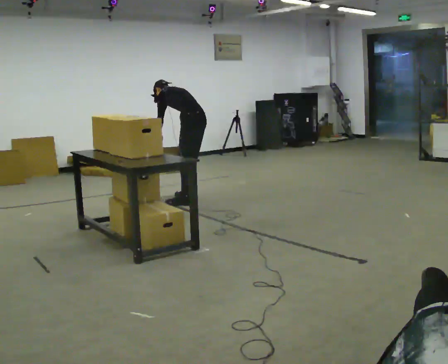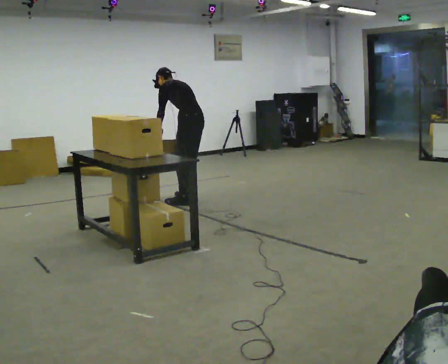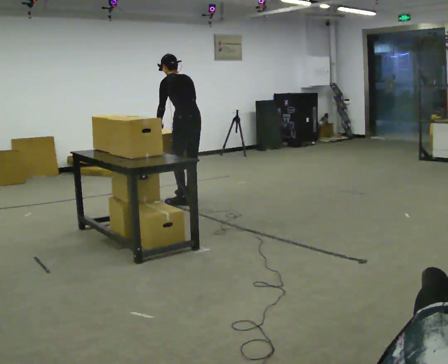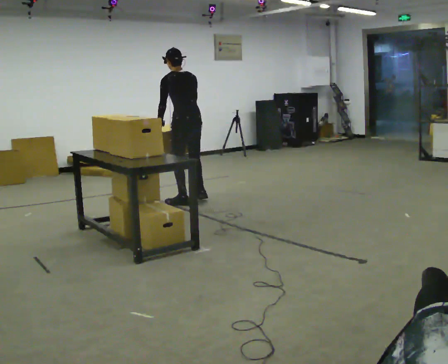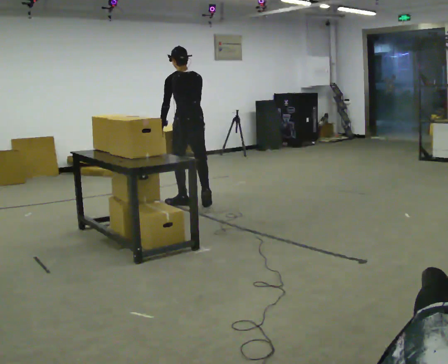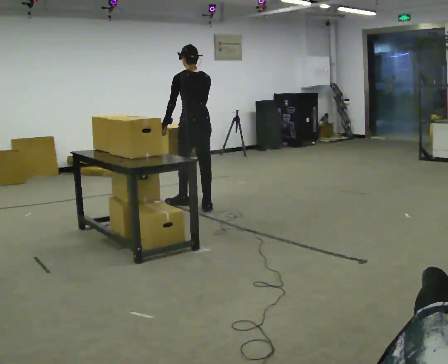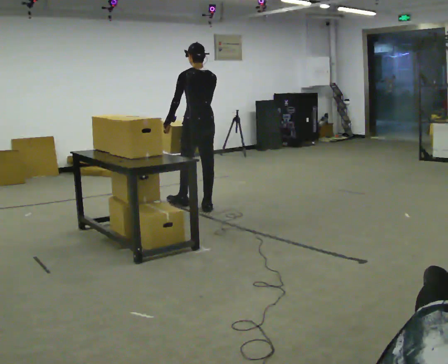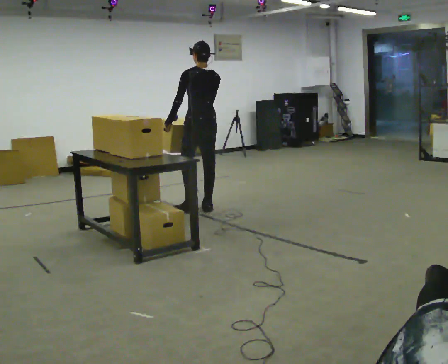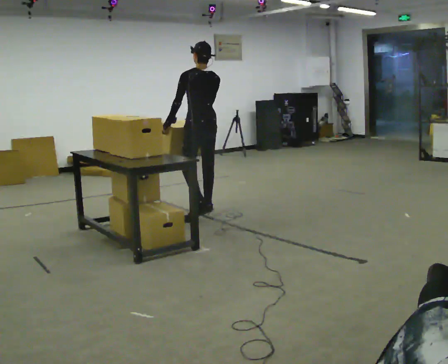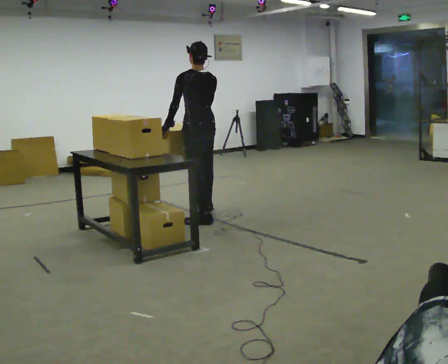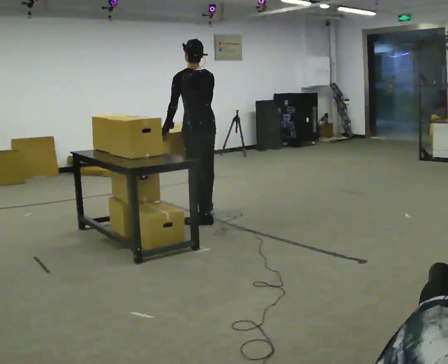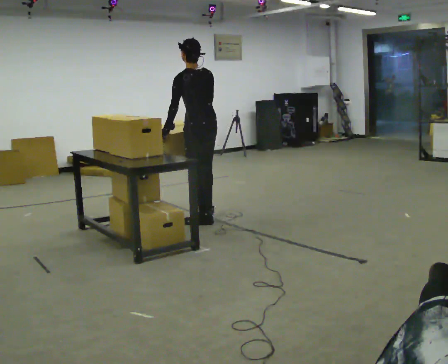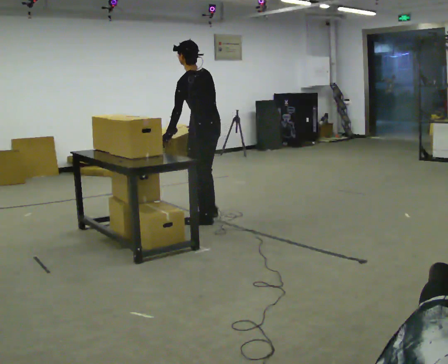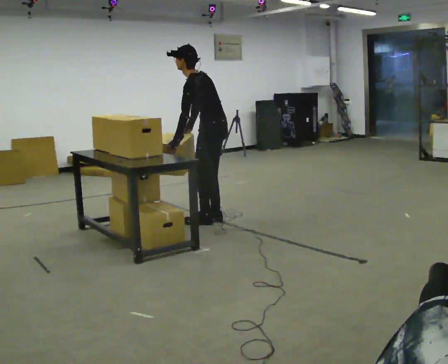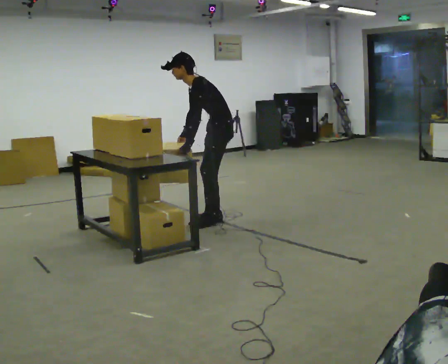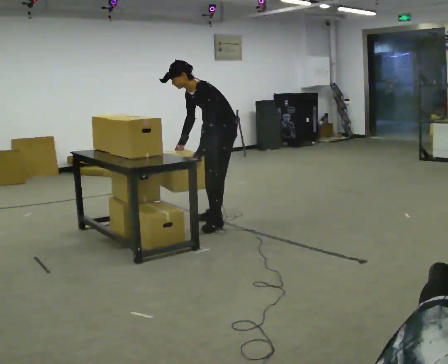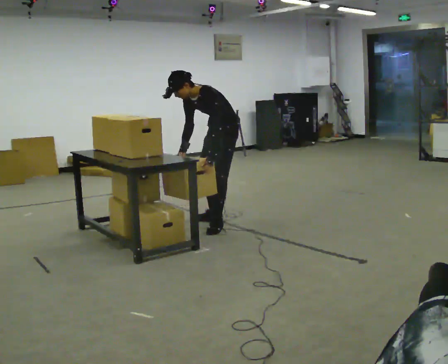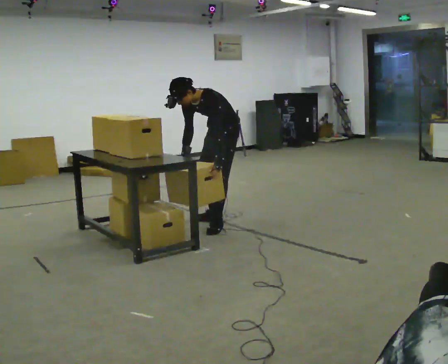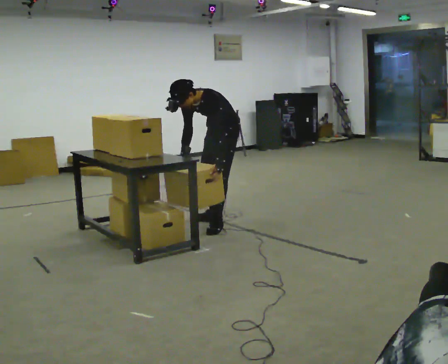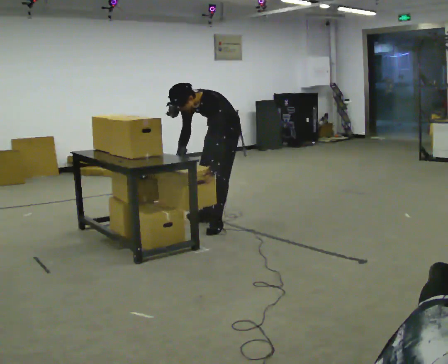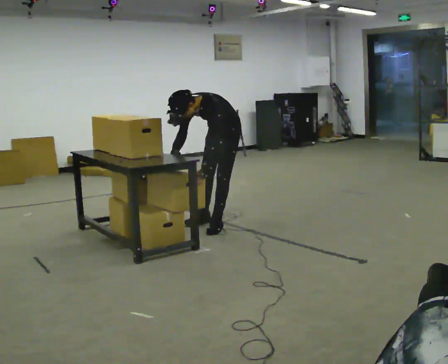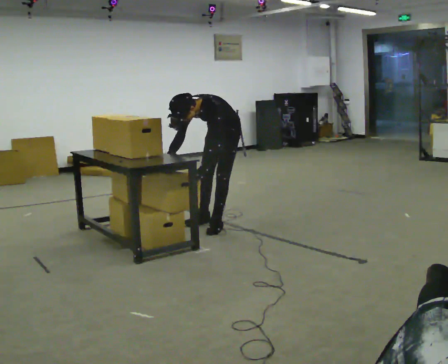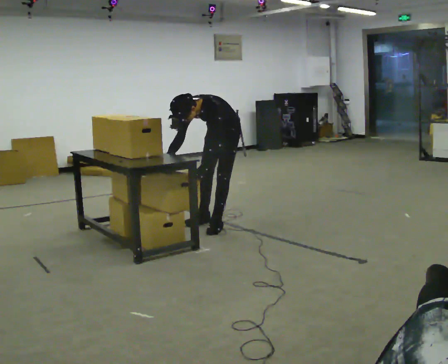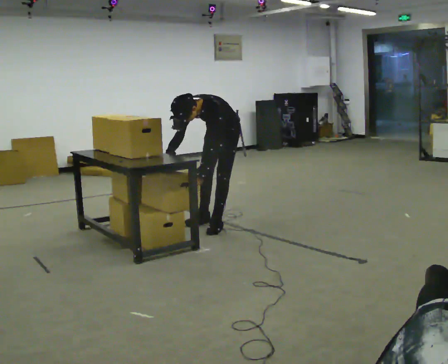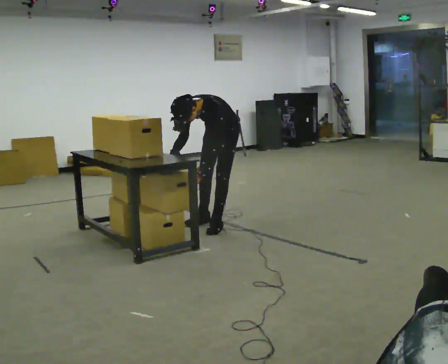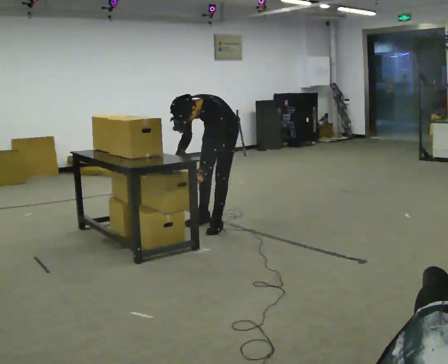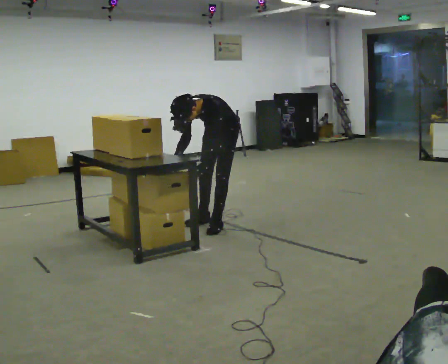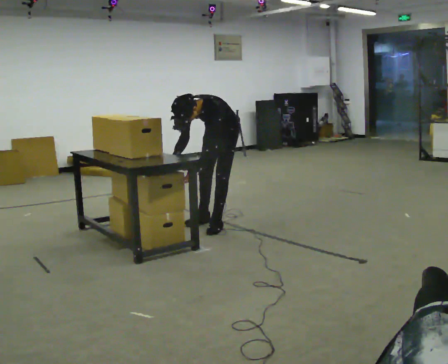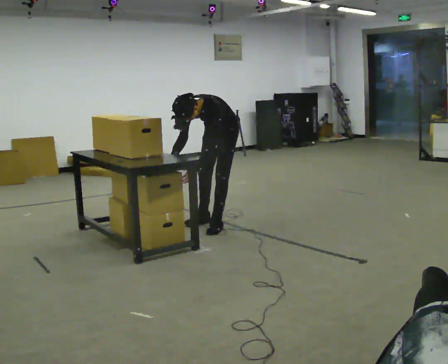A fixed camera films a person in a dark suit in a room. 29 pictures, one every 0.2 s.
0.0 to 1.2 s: The part of the body nearest the lens slides to the left as the person turns to their right by about 30 degrees. In the picture they go toward the camera, about 0.5 m in 2 steps, which for them is backward and to their left. The upper body goes upward. In the picture the upper body tilts clockwise, shoulders to the right, as they lean back or straighten.
1.2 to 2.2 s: In the picture they go toward the camera, about 0.5 m in 1 step, which for them is backward and to their left.
2.2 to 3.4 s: Seen from above the body turns counterclockwise, about 90 degrees: to their left, with its near side sliding to the right. In the picture they go to the right, about 0.25 m. The upper body goes downward. The upper body tips toward the camera, its near side rolling downward, as they bend forward. In the picture their left hand goes to the right, the arm swinging counterclockwise.
3.4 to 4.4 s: The upper body tips toward the camera, its near side rolling downward, as they bend forward.
4.4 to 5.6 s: The person moves a little, or ends about where they began.
The film runs backward here.
